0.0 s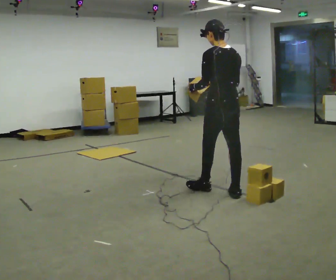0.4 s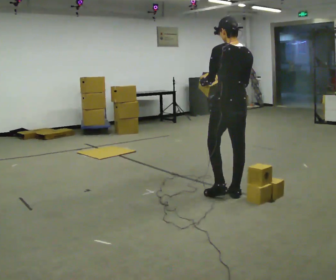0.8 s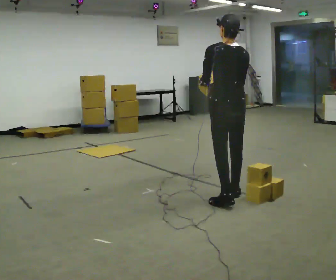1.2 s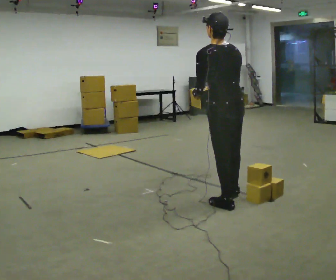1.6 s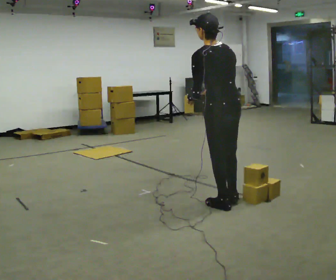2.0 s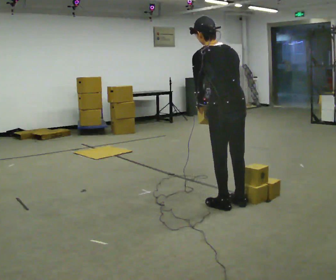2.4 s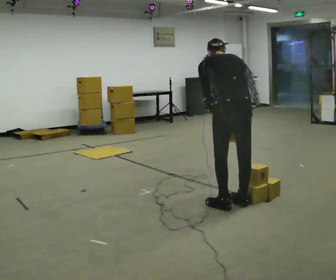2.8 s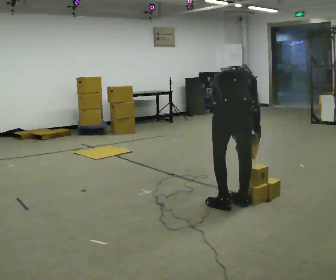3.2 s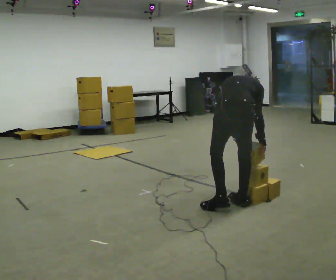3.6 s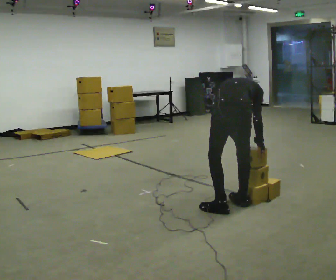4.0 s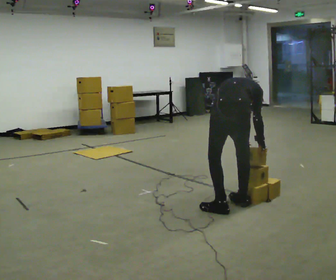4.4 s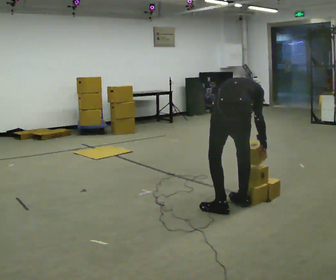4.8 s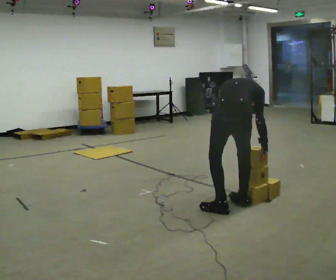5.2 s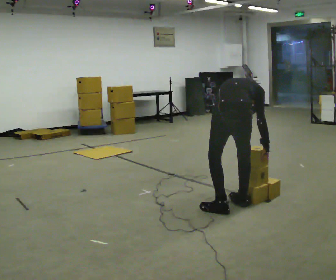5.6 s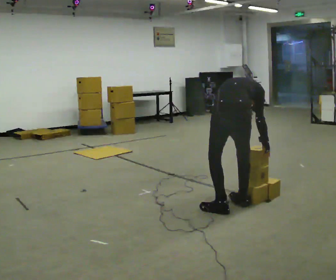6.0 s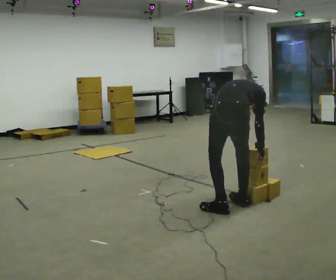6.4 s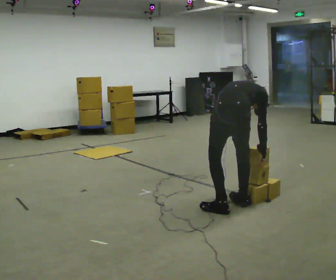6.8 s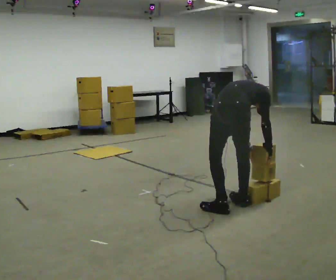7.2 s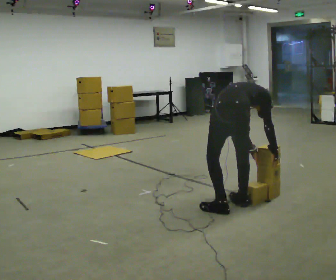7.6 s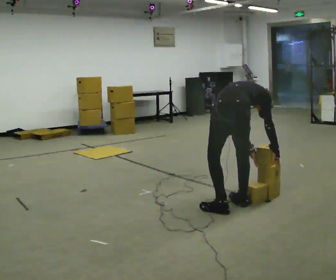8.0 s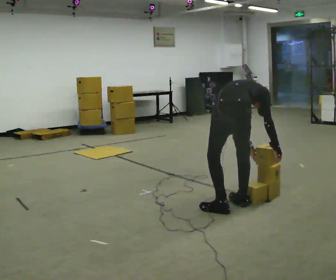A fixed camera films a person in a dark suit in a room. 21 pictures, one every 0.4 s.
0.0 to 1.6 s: In the picture they go toward the camera, about 0.5 m in 2 steps, which for them is backward.
1.6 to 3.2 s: Seen from above the body turns clockwise, about 45 degrees: to their right, with its near side sliding to the left. The upper body goes downward. The upper body tips away from the camera, its near side rolling upward, as they bend forward. In the picture their right hand goes to the right and downward.
3.2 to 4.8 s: In the picture the upper body tilts clockwise, shoulders to the right.
4.8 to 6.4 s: In the picture the upper body tilts clockwise, shoulders to the right.
6.4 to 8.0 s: The person moves a little, or ends about where they began.
The film runs backward here.
